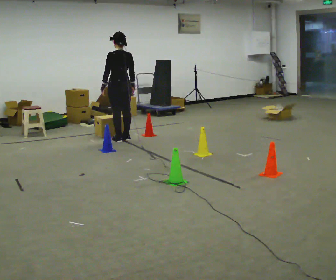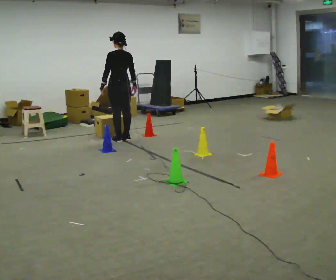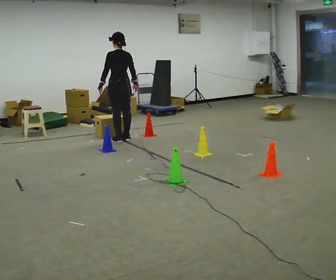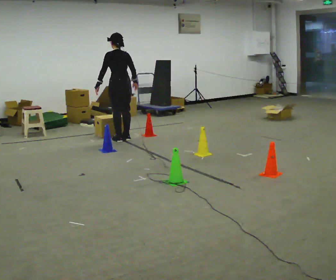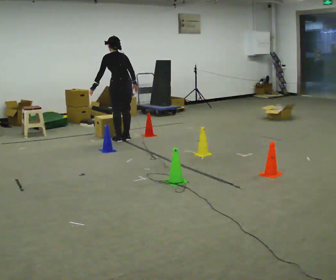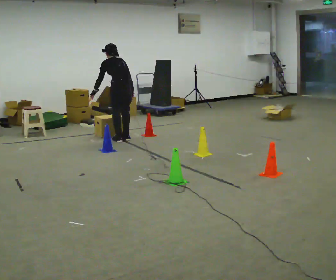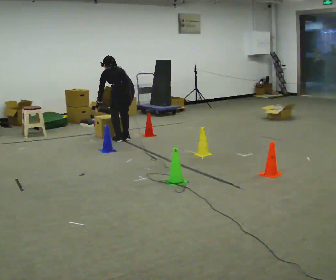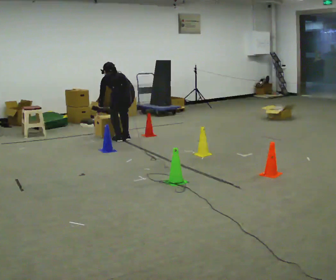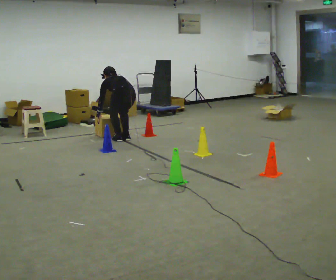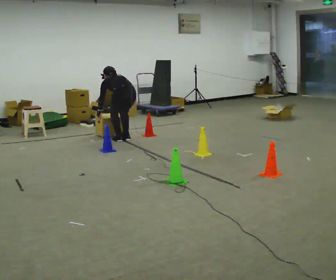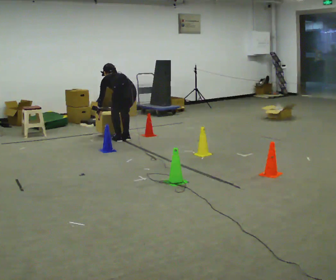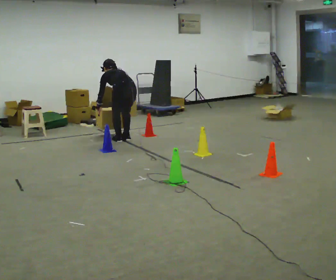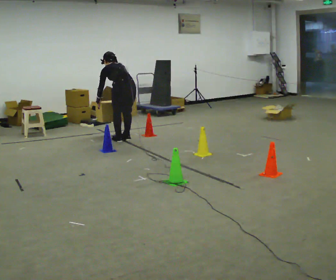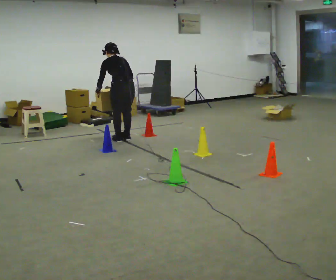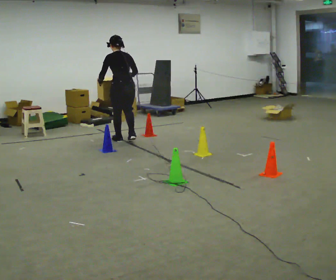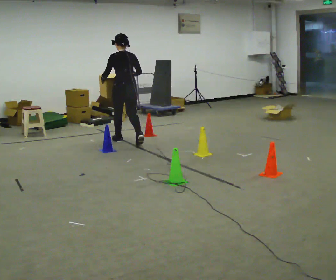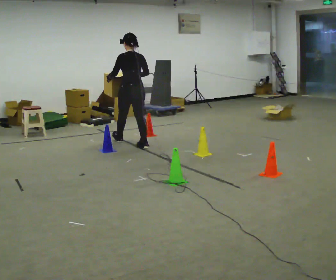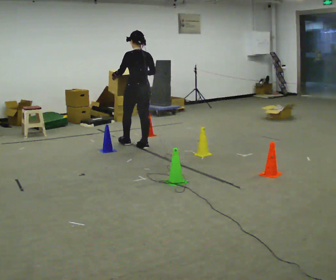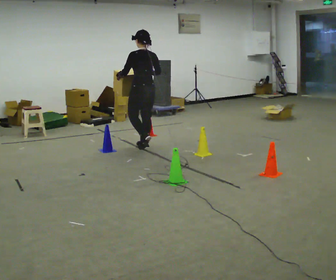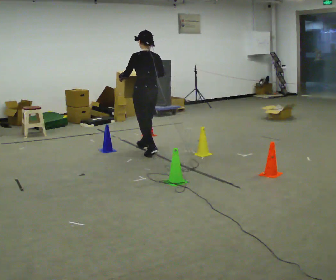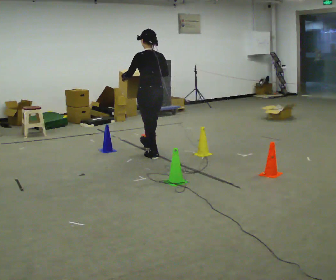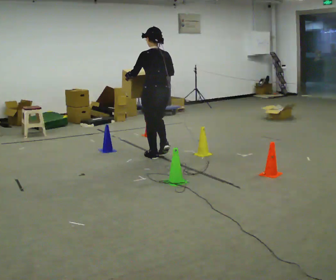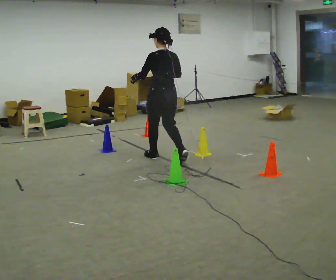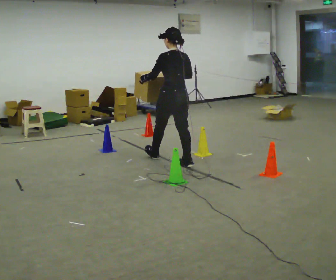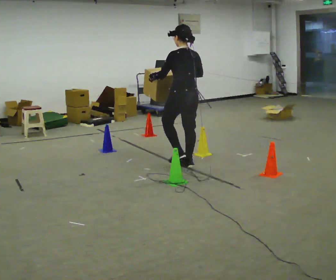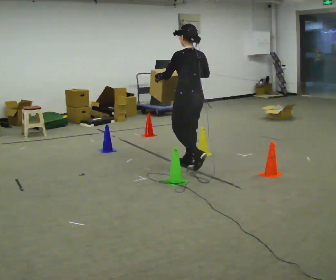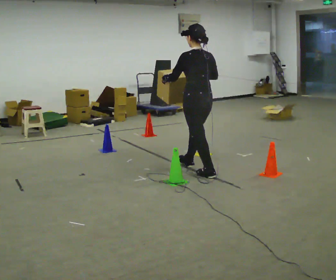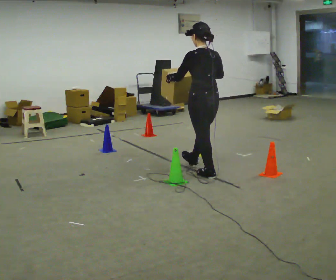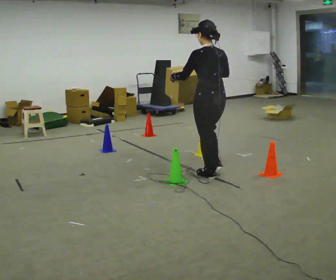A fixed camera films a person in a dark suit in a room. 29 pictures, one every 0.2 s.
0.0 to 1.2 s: The shoulders move downward. The upper body tips away from the camera, its near side rolling upward, as they bend forward.
1.2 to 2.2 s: The person moves a little, or ends about where they began.
2.2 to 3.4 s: In the picture they go toward the camera and to the right, about 0.5 m in 2 steps, which for them is backward. The upper body goes upward. The upper body tips toward the camera, its near side rolling downward, as they lean back or straighten. In the picture their right hand goes upward.
3.4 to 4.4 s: In the picture they go toward the camera and to the right, about 0.5 m in 1 step, which for them is backward.
4.4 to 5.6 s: In the picture they go toward the camera and to the right, about 1 m in 2 steps, which for them is backward.
The film runs backward here.
